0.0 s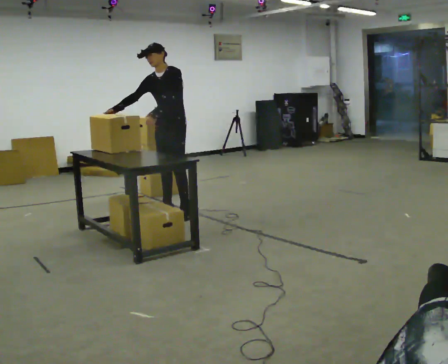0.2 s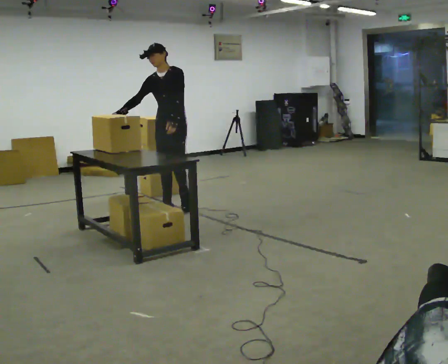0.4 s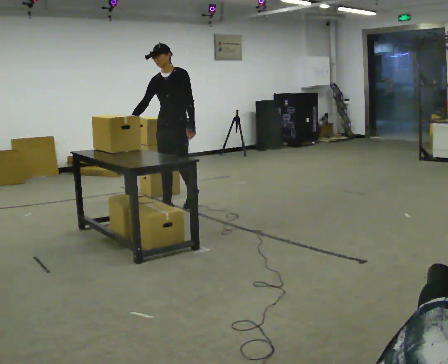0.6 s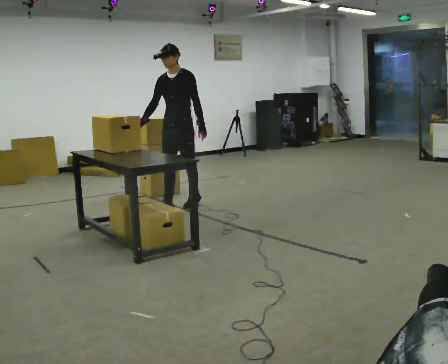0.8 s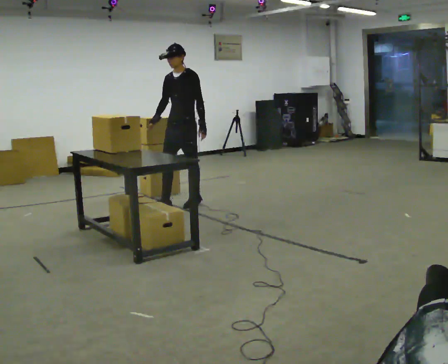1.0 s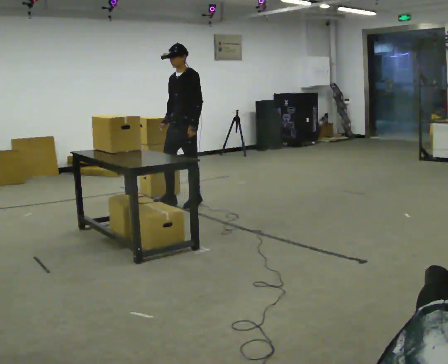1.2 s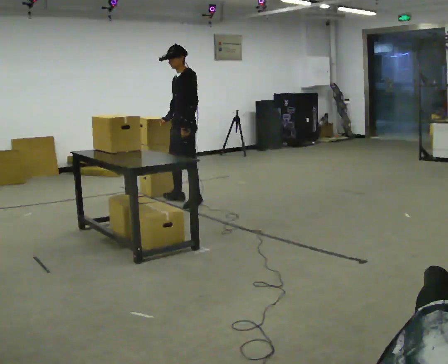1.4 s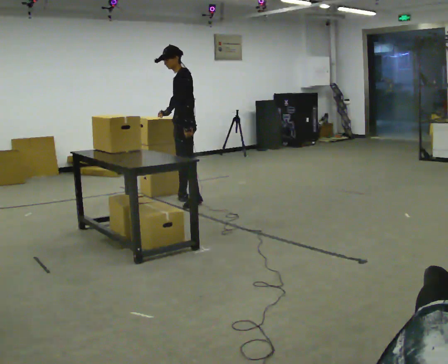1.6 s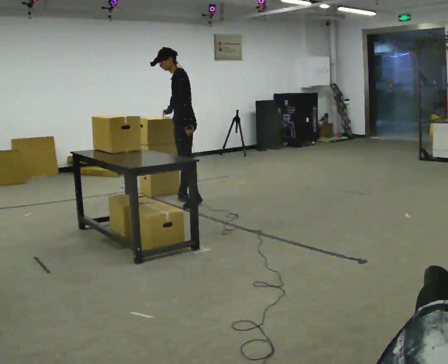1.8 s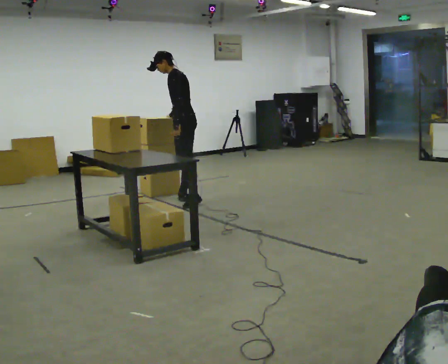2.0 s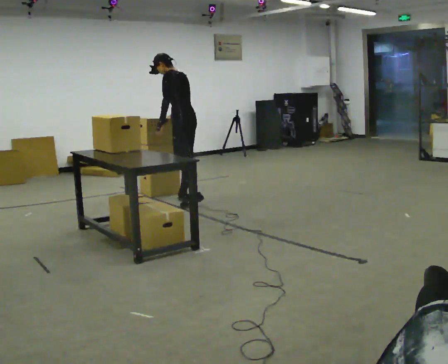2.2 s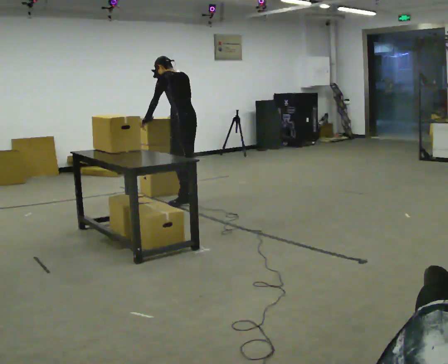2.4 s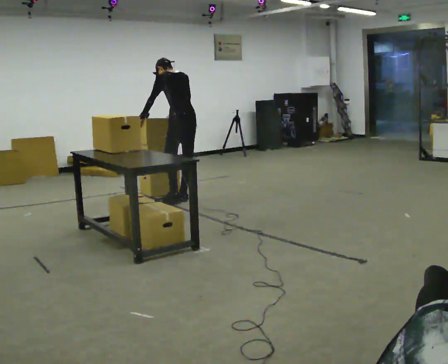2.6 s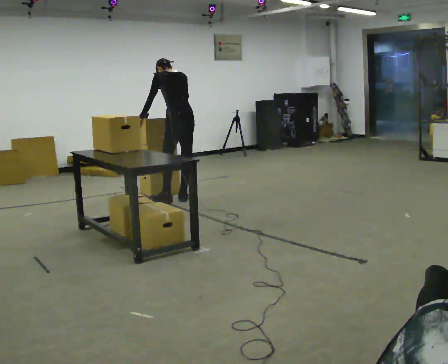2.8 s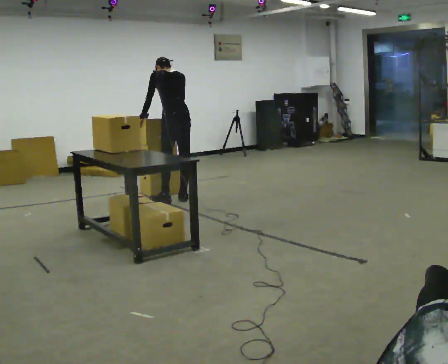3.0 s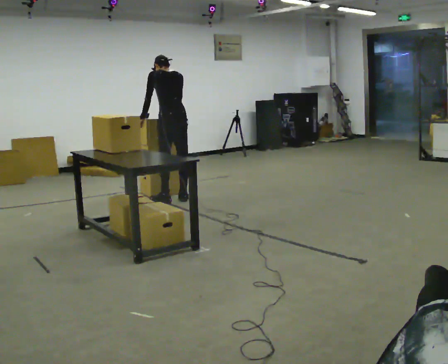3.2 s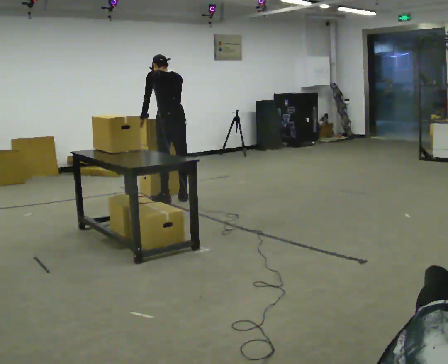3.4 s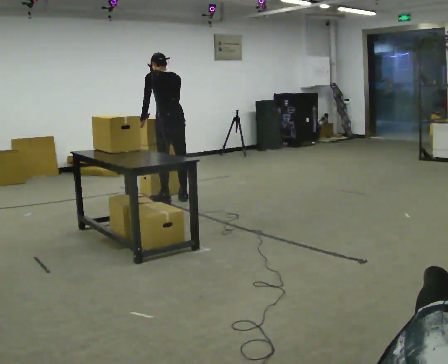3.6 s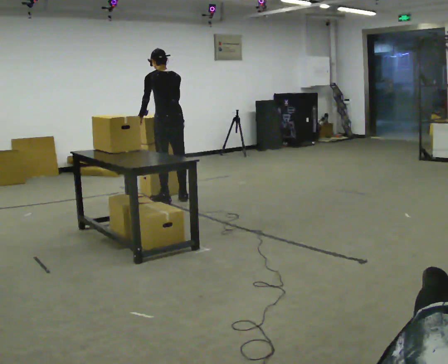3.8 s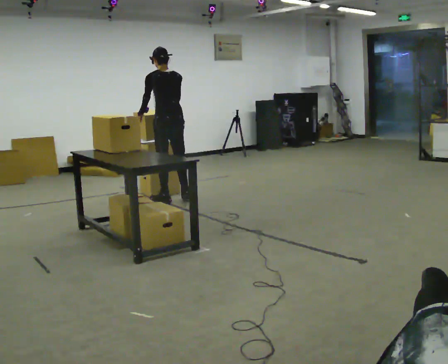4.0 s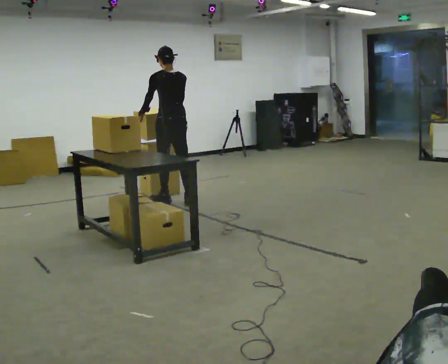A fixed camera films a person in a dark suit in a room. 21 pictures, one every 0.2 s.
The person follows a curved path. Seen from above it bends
counterclockwise.
The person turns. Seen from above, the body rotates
clockwise.
0.0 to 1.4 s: Seen from above the body turns clockwise, about 45 degrees: to their right, with its near side sliding to the left. In the picture they go away from the camera, about 0.25 m in 1 step, which for them is backward.
1.4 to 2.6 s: The person turns about 60 degrees to their right, clockwise seen from above, so the part of the body nearest the lens slides to the left. In the picture they go away from the camera, about 0.25 m in 1 step. The upper body tips away from the camera, its near side rolling upward, as they bend forward. In the picture their left hand goes to the left, the arm swinging clockwise.
2.6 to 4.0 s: In the picture they go toward the camera, about 0.25 m in 1 step, which for them is to their left. The upper body tips toward the camera, its near side rolling downward, as they lean back or straighten.
The film runs backward here.
